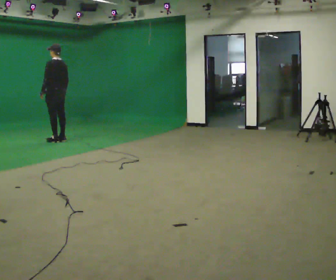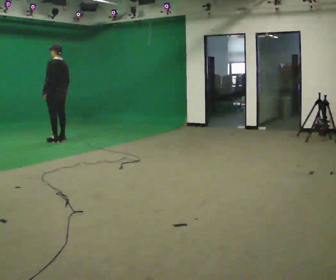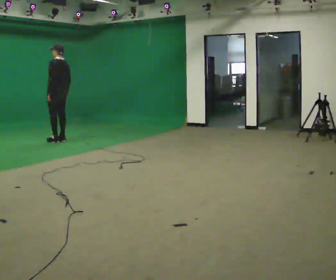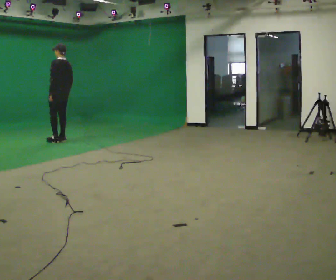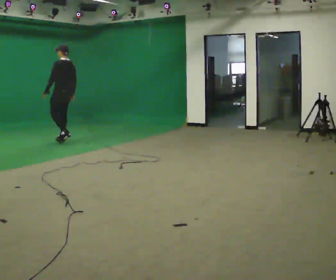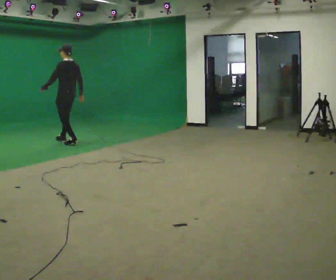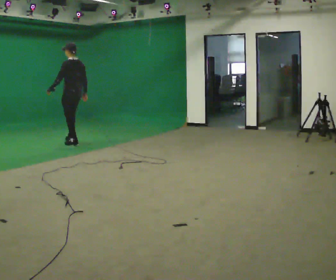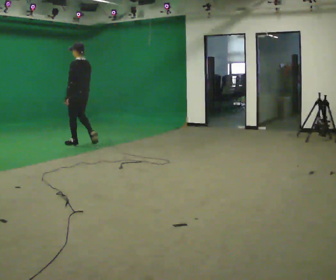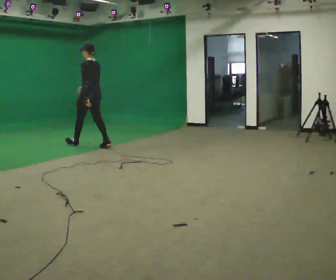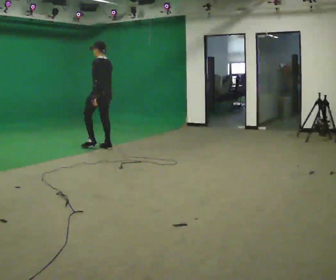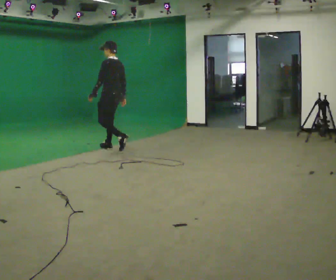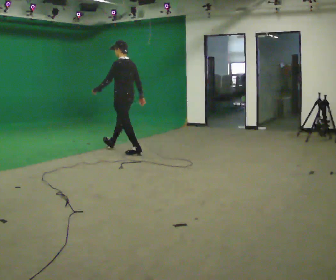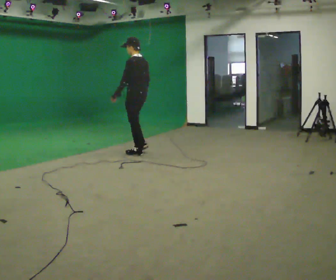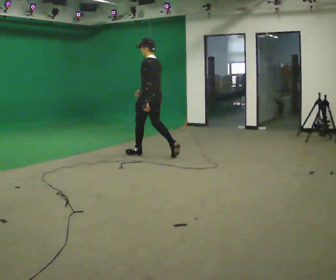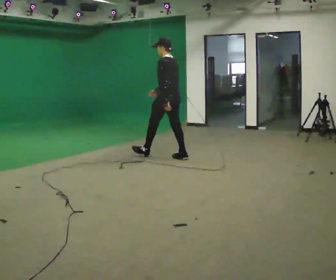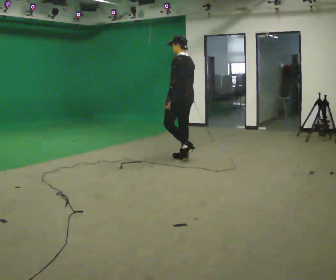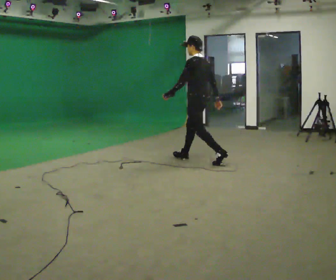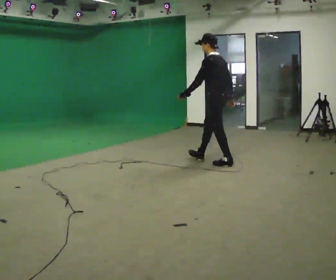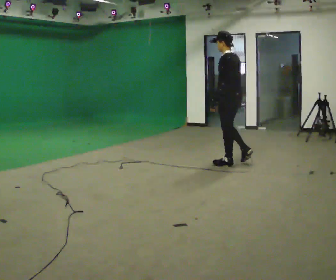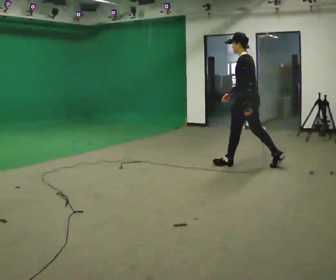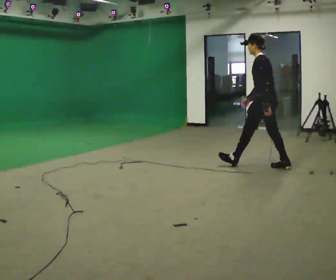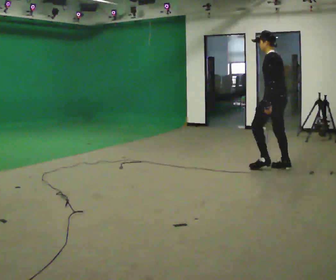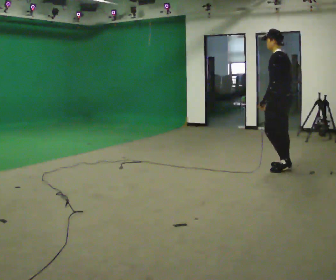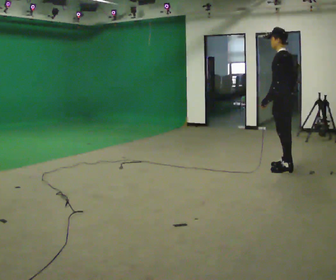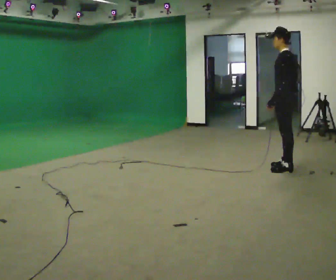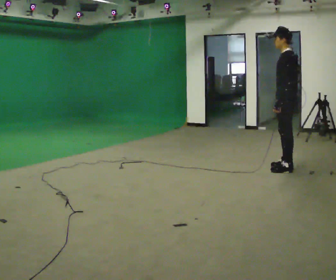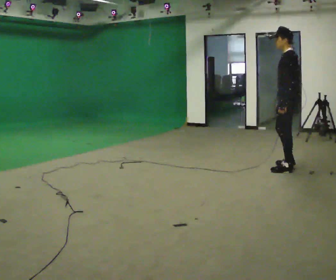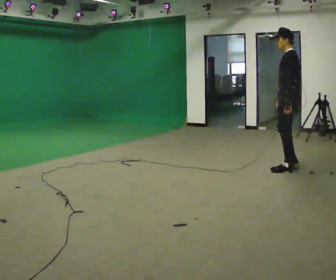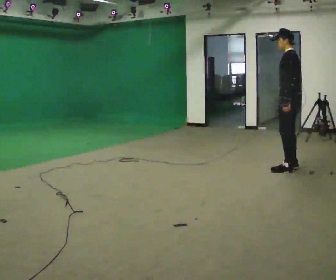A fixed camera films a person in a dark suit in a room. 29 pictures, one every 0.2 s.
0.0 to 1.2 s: In the picture they go to the right and toward the camera, about 0.5 m in 2 steps, which for them is backward.
1.2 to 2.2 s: In the picture they go to the right and toward the camera, about 1 m in 2 steps, which for them is backward.
2.2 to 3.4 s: In the picture they go to the right and toward the camera, about 1.5 m in 2 steps, which for them is backward.
3.4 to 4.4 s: In the picture they go to the right and toward the camera, about 1 m in 1 step, which for them is backward.
4.4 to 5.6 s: The person moves a little, or ends about where they began.
The film runs backward here.
